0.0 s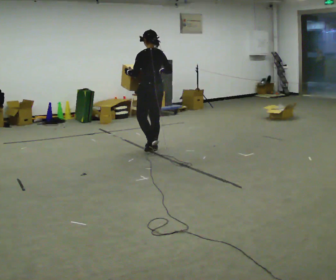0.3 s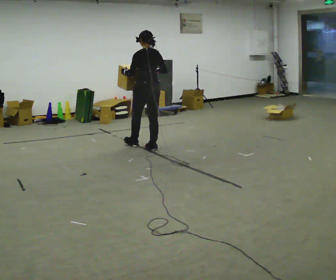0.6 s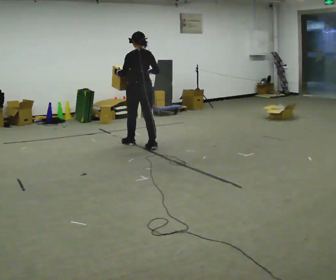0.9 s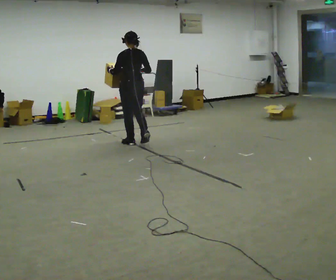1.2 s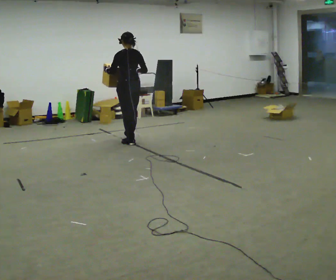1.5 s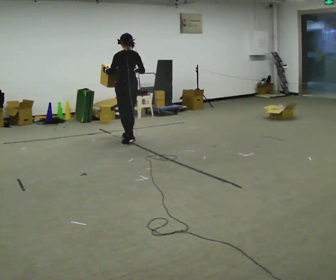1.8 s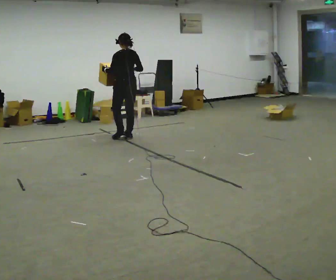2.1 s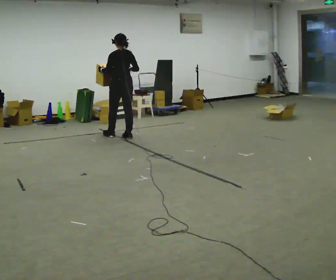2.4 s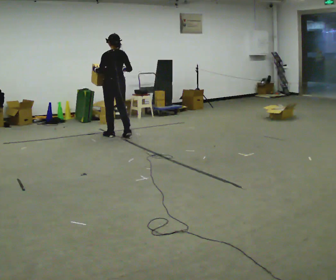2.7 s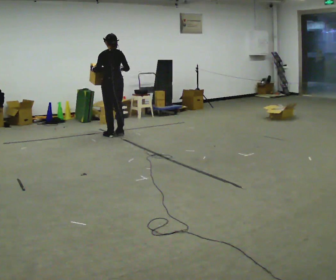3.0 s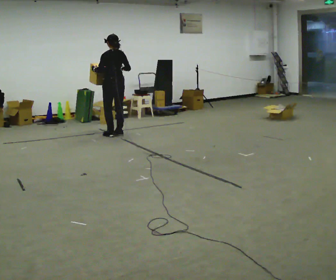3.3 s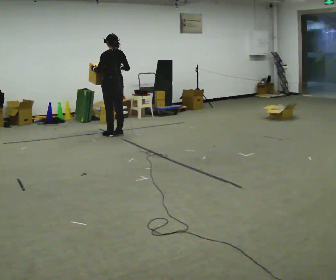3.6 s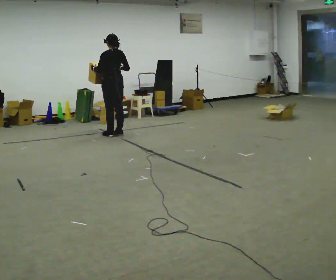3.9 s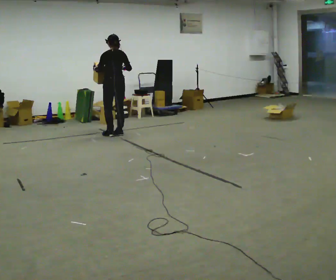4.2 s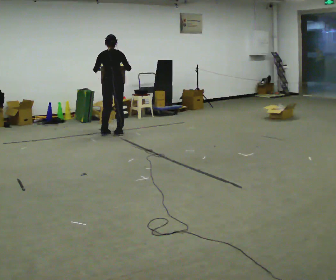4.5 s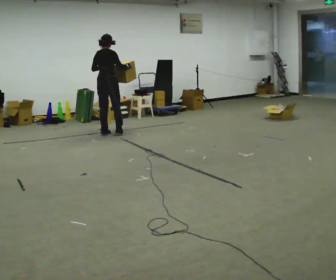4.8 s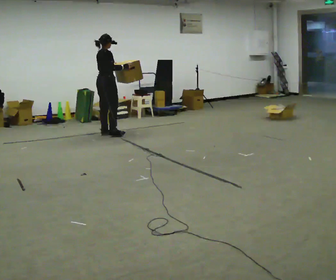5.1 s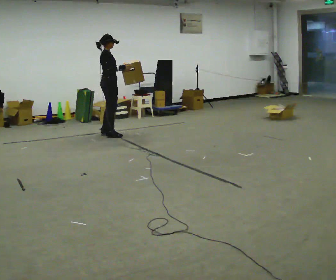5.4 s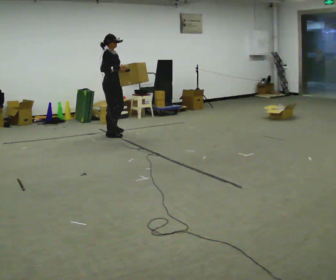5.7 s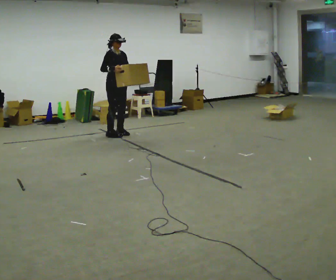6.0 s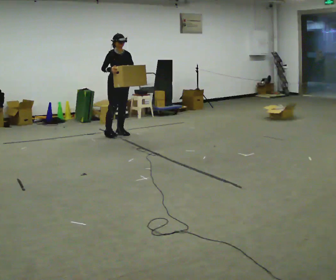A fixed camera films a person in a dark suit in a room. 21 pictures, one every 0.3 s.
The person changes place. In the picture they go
away from the camera.
The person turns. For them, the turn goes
to their right.
0.0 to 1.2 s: In the picture they go away from the camera and to the left, about 0.5 m in 1 step, which for them is forward.
1.2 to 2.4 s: In the picture they go away from the camera and to the left, about 0.5 m in 2 steps, which for them is forward.
2.4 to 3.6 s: The person moves a little, or ends about where they began.
3.6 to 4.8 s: Seen from above the body turns clockwise, about 90 degrees: to their right, with its near side sliding to the left.
4.8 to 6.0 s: The part of the body nearest the lens slides to the left as the person turns to their right by about 90 degrees. In the picture they go to the right, about 0.25 m in 2 steps.
The film runs forward here.
